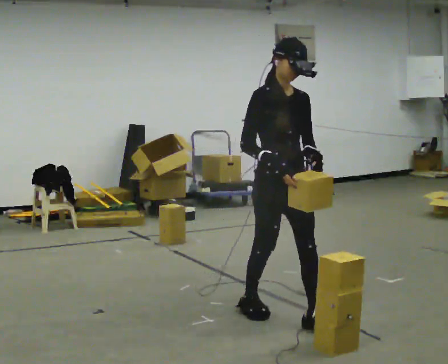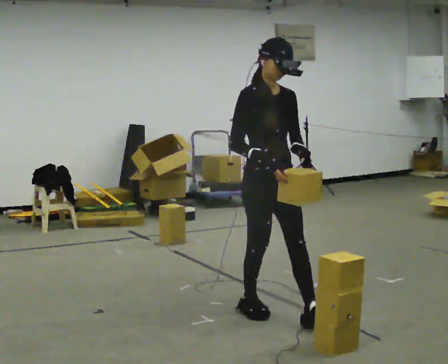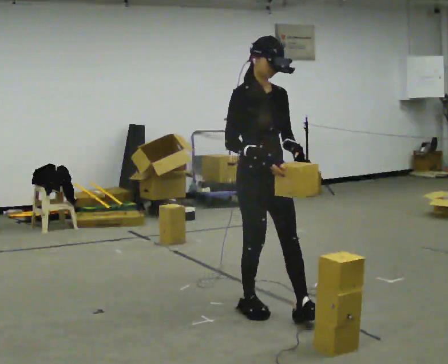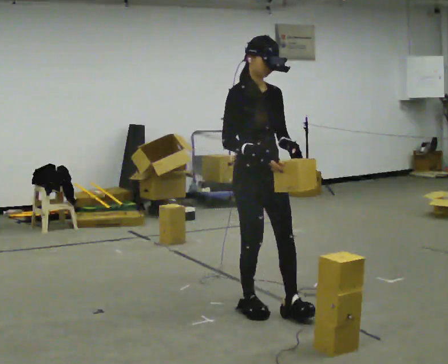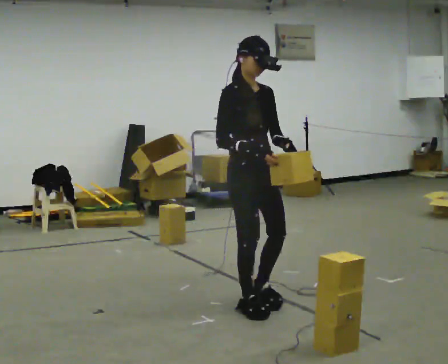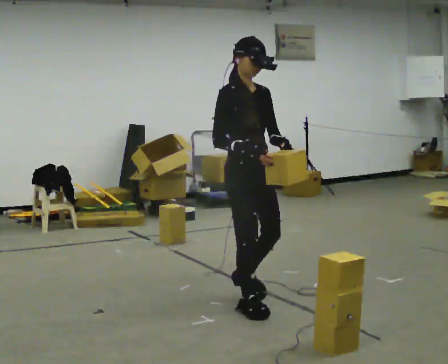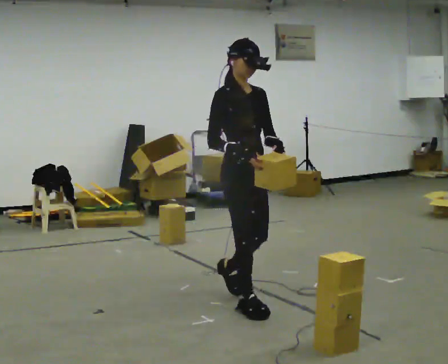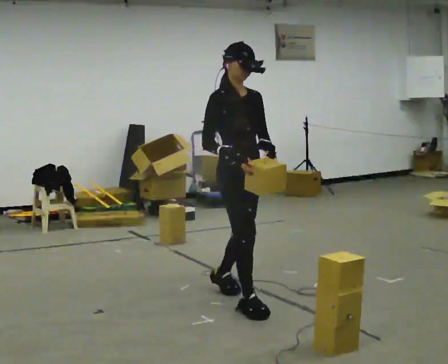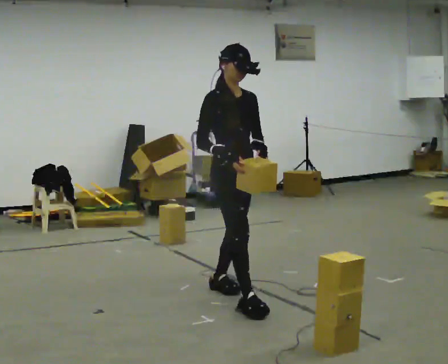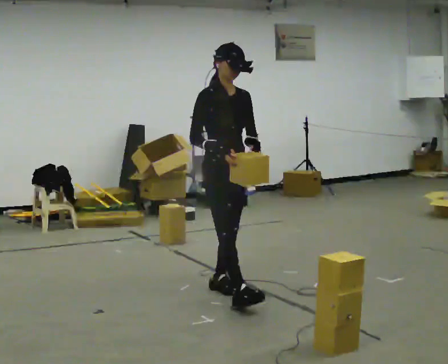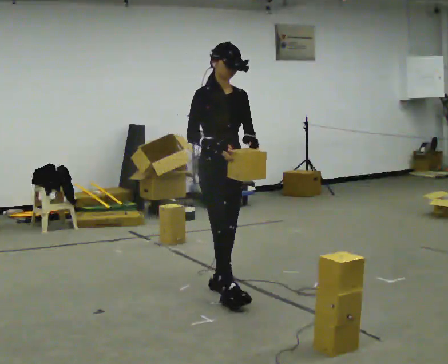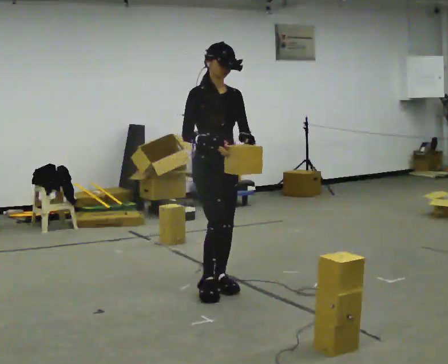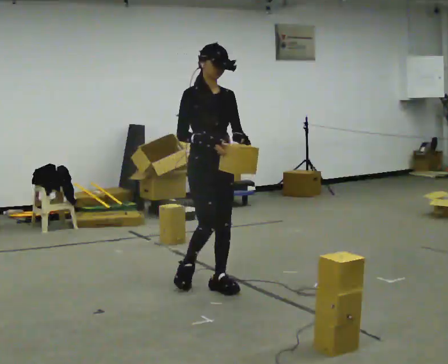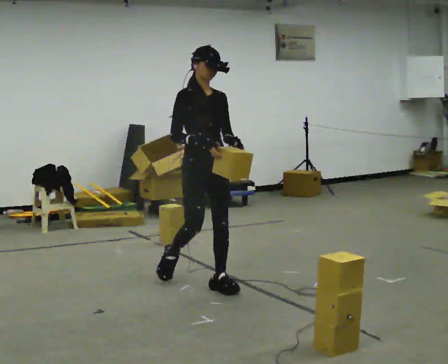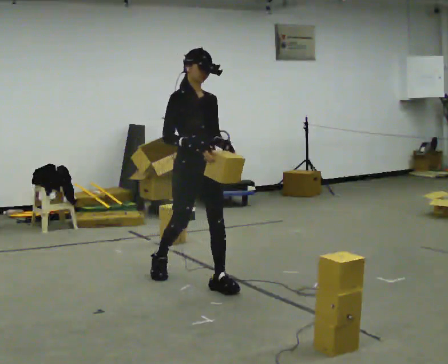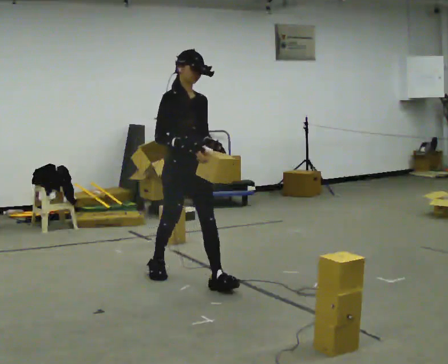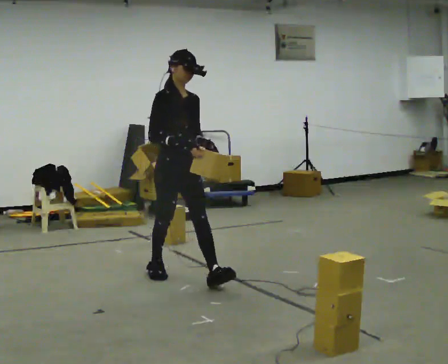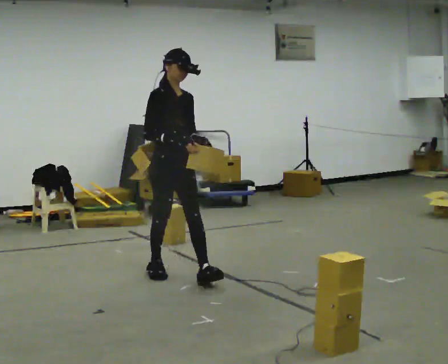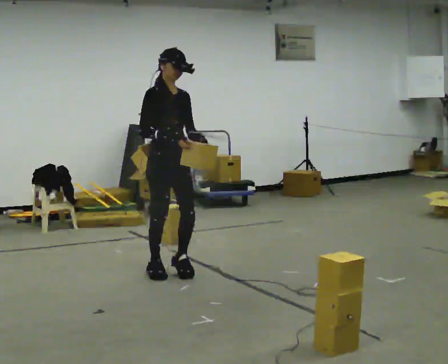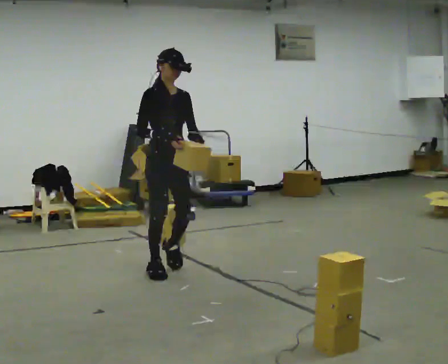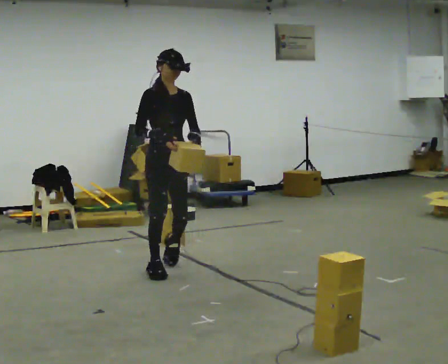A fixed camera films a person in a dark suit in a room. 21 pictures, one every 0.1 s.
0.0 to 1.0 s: In the picture they go away from the camera and to the left, about 0.75 m in 2 steps, which for them is backward.
1.0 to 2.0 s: In the picture they go away from the camera and to the left, about 0.75 m in 1 step, which for them is backward.
The film runs backward here.
